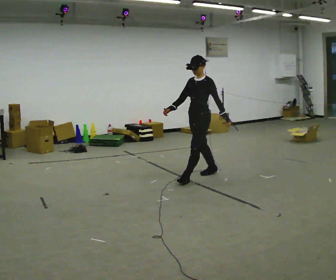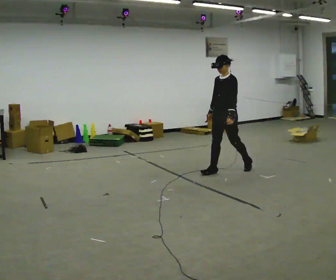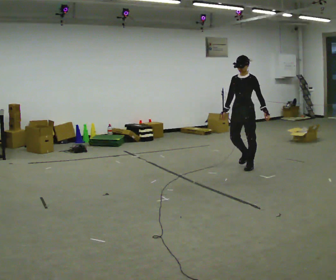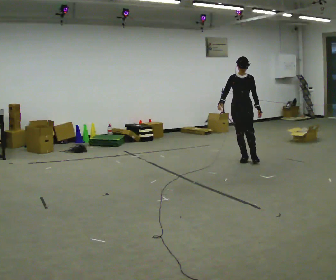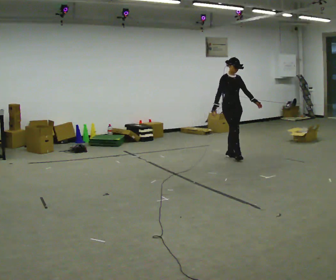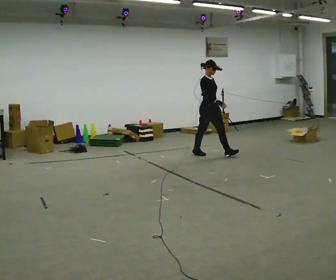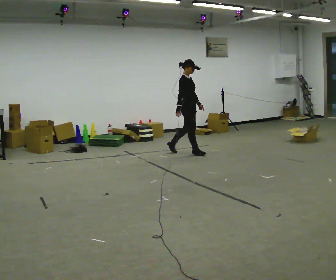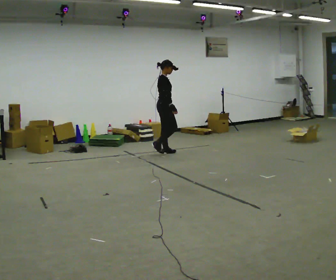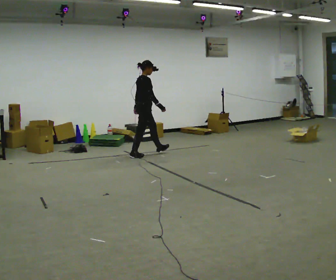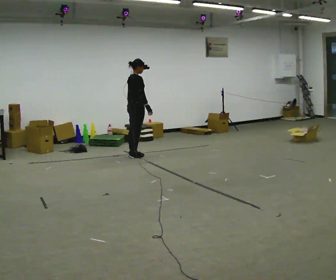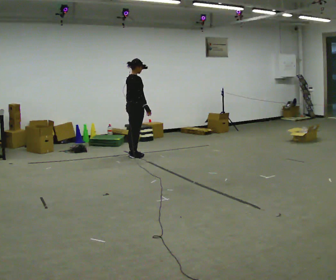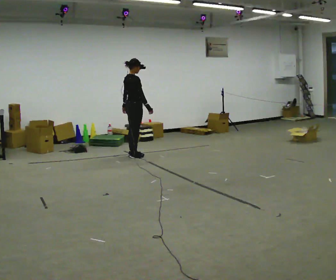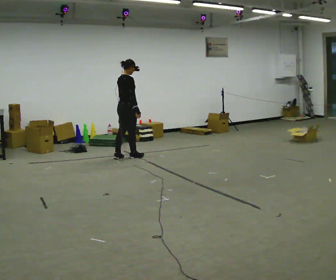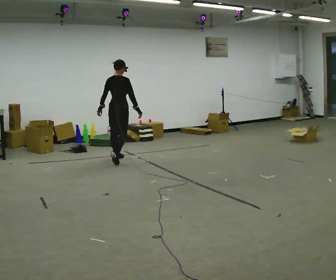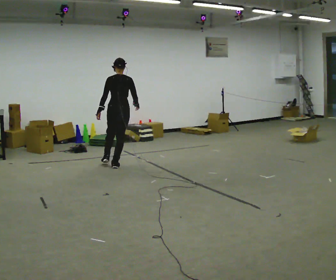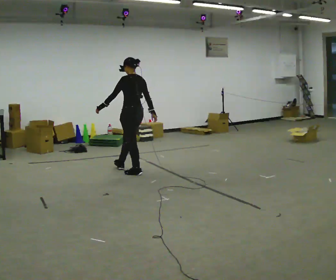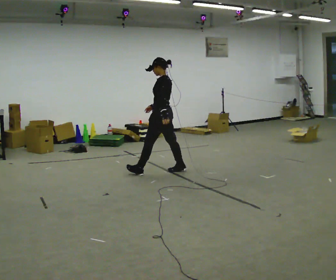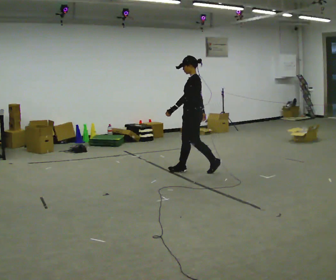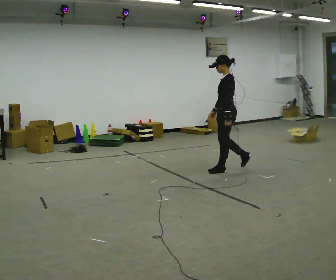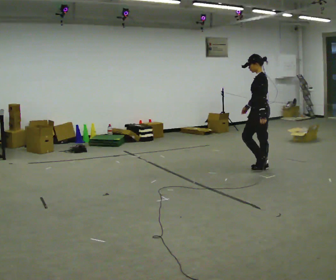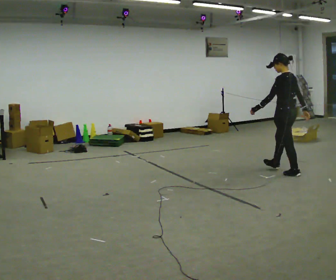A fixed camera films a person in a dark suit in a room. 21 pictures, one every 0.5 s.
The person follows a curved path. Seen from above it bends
counterclockwise.
0.0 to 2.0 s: The person turns about 90 degrees to their left, counterclockwise seen from above, so the part of the body nearest the lens slides to the right. In the picture they go away from the camera and to the right, about 1.5 m in 4 steps.
2.0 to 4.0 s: The part of the body nearest the lens slides to the right as the person turns to their left by about 75 degrees. In the picture they go to the left, about 1.5 m in 3 steps.
4.0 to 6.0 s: In the picture they go to the left and toward the camera, about 0.25 m in 1 step, which for them is backward.
6.0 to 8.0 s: Seen from above the body turns counterclockwise, about 120 degrees: to their left, with its near side sliding to the right. In the picture they go toward the camera and to the right, about 1 m in 4 steps.
8.0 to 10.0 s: Seen from above the body turns clockwise, about 30 degrees: to their right, with its near side sliding to the left. In the picture they go to the right, about 1.5 m in 3 steps, which for them is backward.
The film runs backward here.
